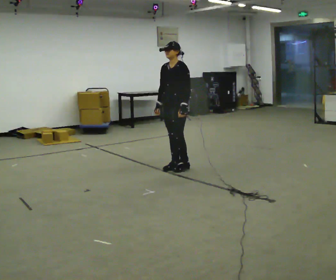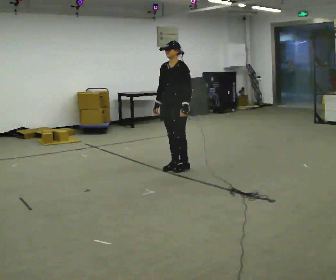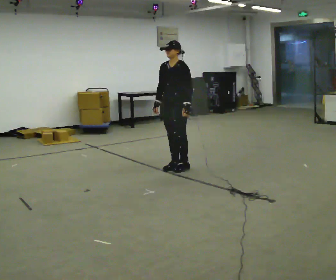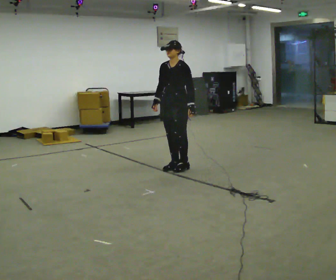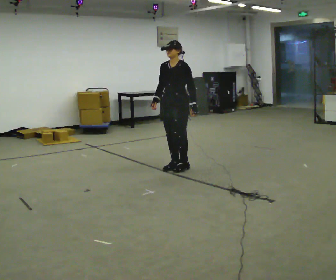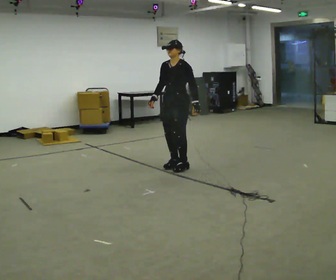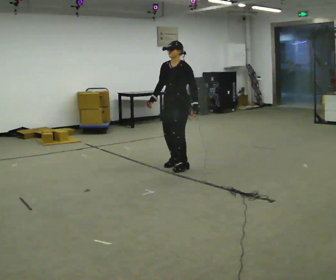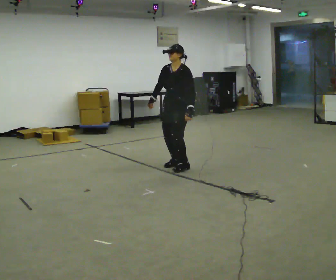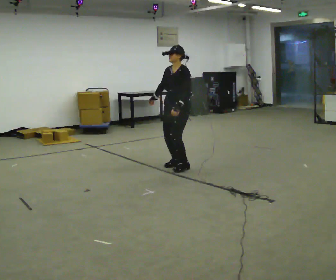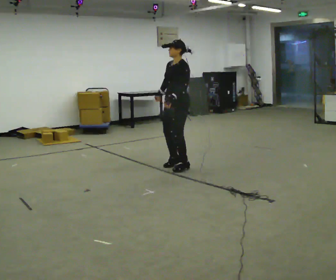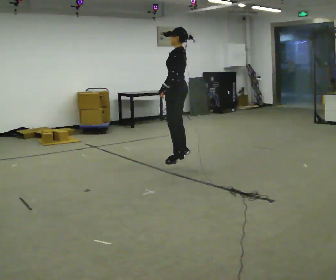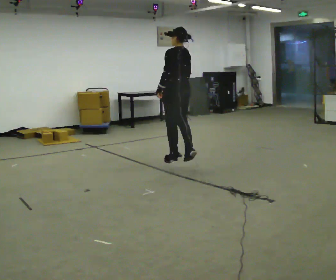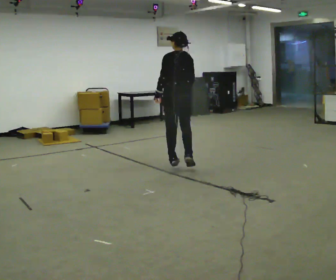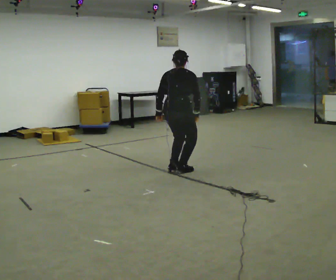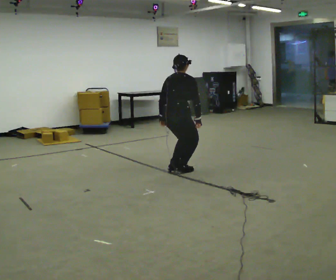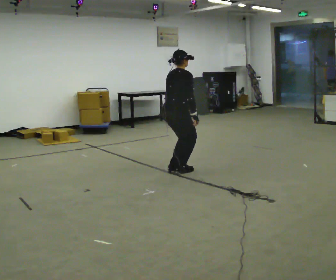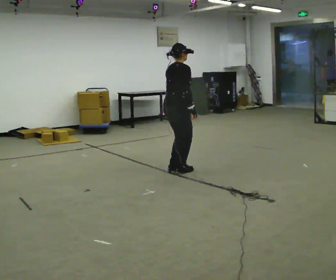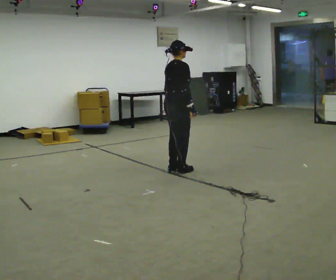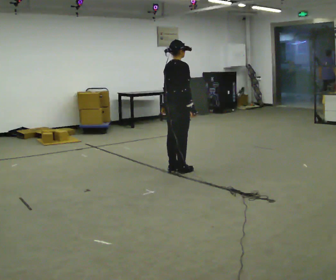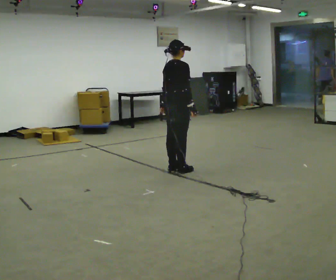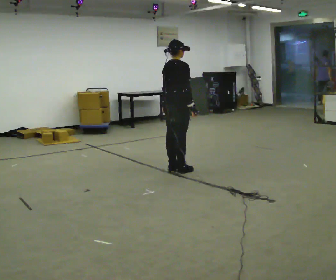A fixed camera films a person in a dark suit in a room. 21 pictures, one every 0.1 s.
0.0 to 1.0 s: The person turns about 45 degrees to their right, clockwise seen from above, so the part of the body nearest the lens slides to the left.
1.0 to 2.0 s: The person turns about 135 degrees to their right, clockwise seen from above, so the part of the body nearest the lens slides to the left.
The film runs backward here.
